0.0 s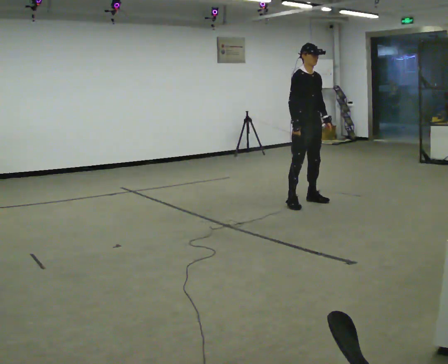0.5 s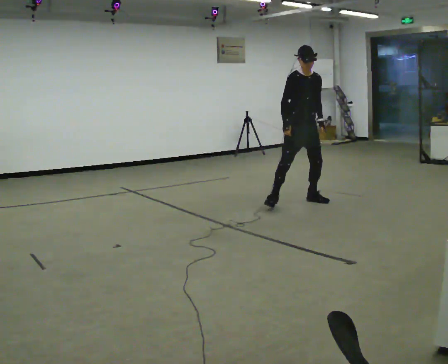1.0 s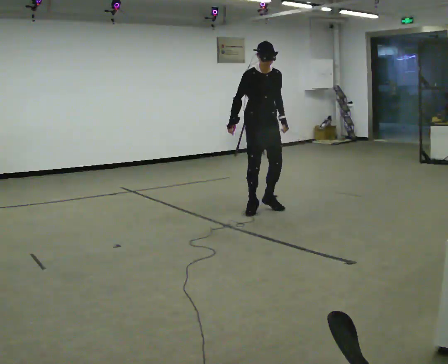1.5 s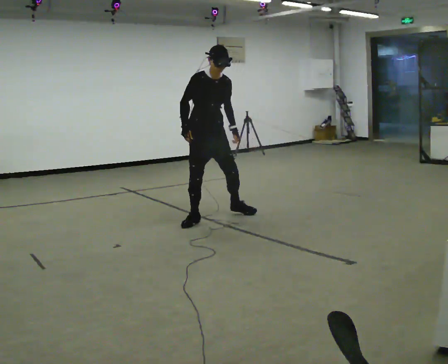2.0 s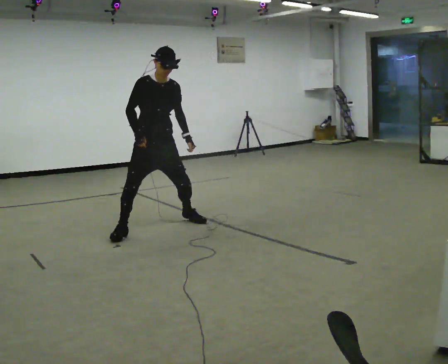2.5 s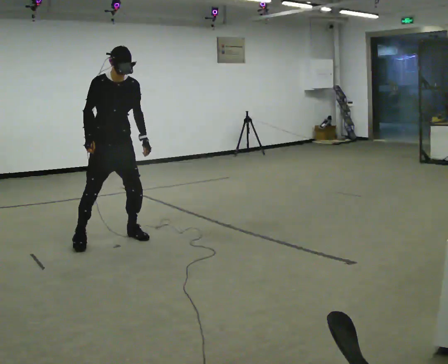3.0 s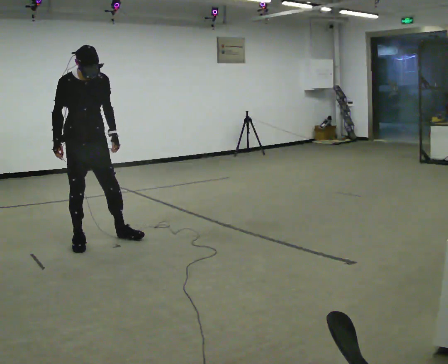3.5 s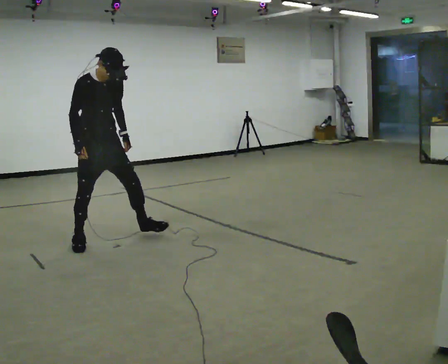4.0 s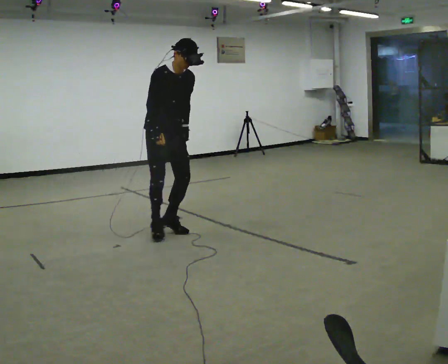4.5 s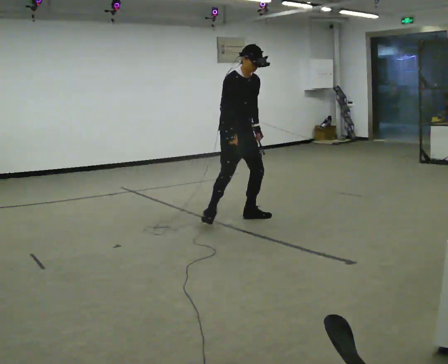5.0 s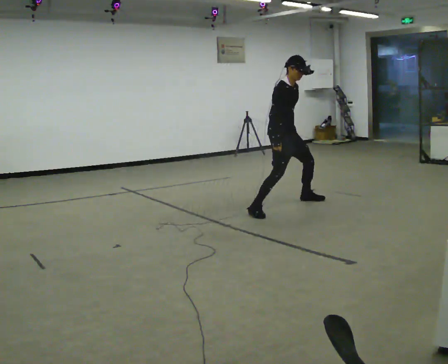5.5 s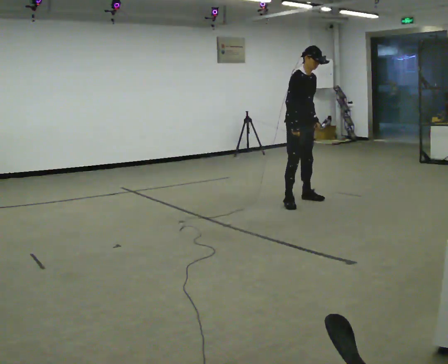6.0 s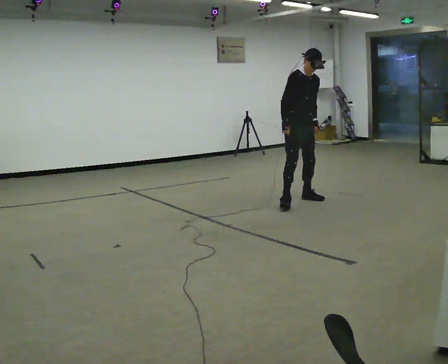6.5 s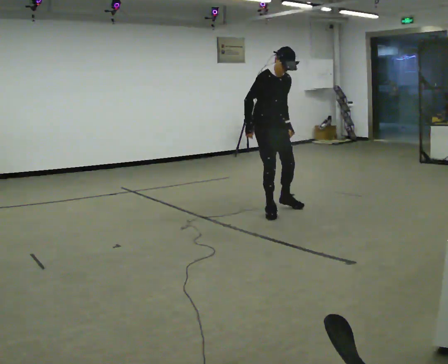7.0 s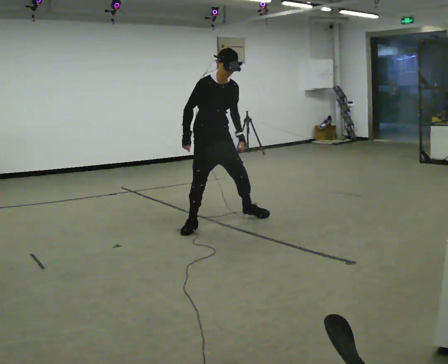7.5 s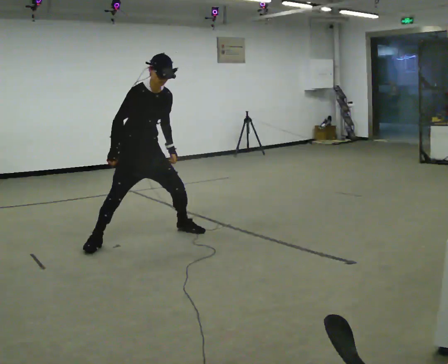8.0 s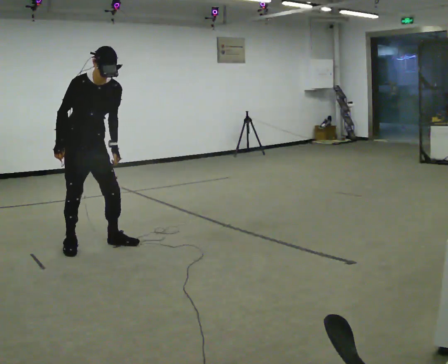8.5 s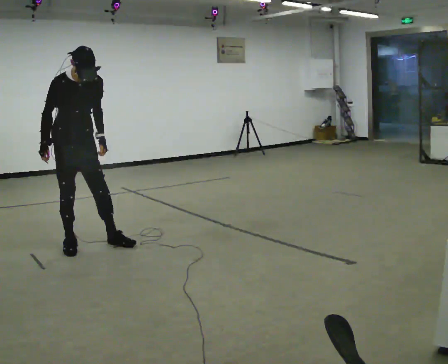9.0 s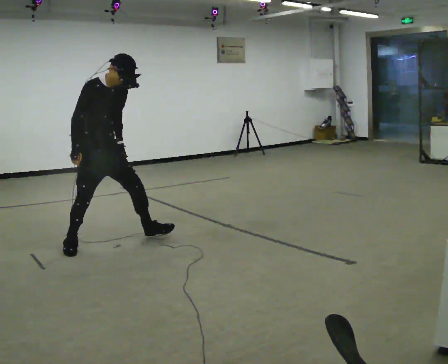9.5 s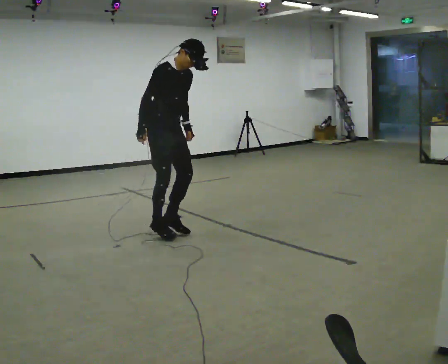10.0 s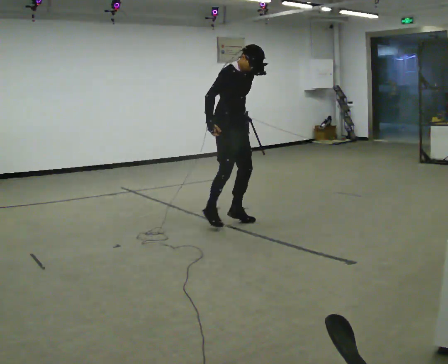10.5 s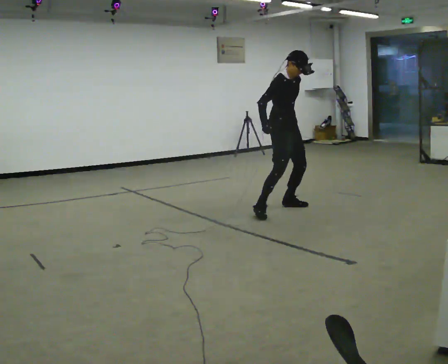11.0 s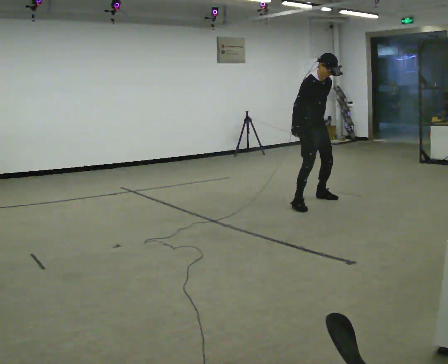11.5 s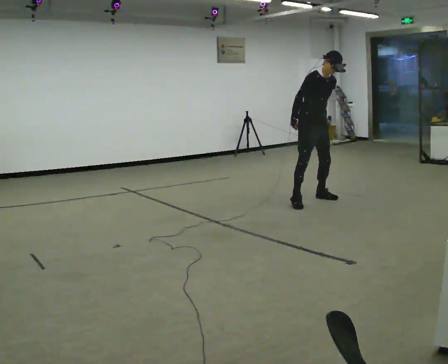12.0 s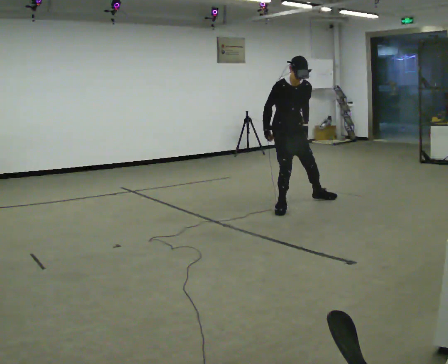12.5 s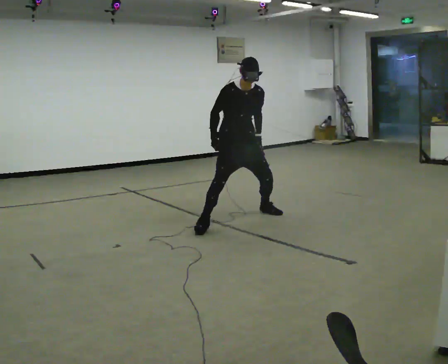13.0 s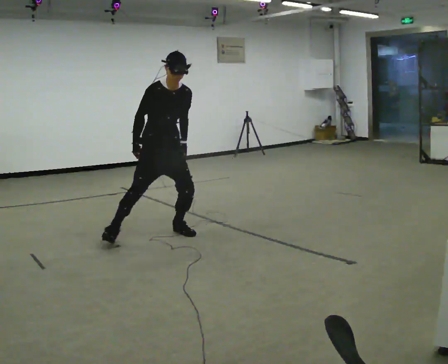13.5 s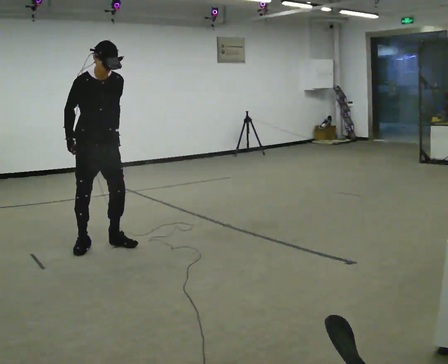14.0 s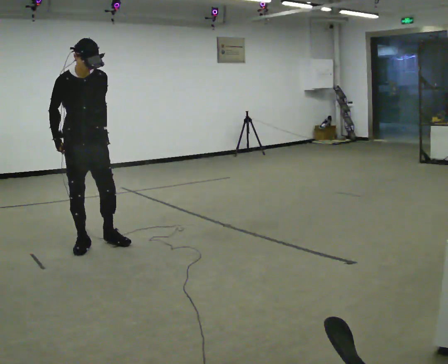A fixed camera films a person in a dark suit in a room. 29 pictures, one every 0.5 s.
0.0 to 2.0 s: In the picture they go to the left and toward the camera, about 2 m in 5 steps, which for them is to their right.
2.0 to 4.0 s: In the picture they go to the right, about 0.25 m in 3 steps, which for them is to their left and forward.
4.0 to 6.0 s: In the picture they go to the right and away from the camera, about 1.5 m in 5 steps, which for them is to their left.
6.0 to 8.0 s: In the picture they go to the left and toward the camera, about 2.5 m in 7 steps, which for them is to their right.
8.0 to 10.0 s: In the picture they go to the right and away from the camera, about 1.5 m in 3 steps, which for them is to their left.
10.0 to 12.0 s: In the picture they go to the right and away from the camera, about 0.5 m in 5 steps, which for them is to their left.
12.0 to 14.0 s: In the picture they go to the left and toward the camera, about 2 m in 5 steps, which for them is to their right.
The film runs forward here.
